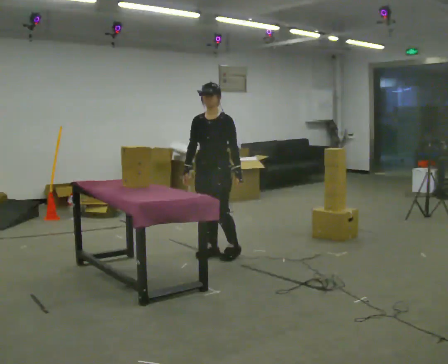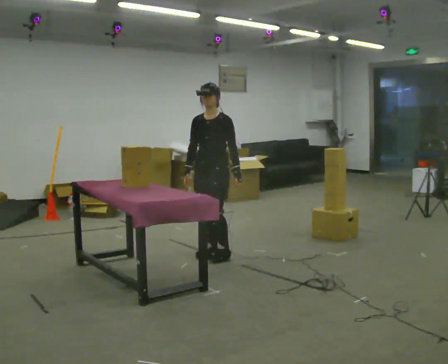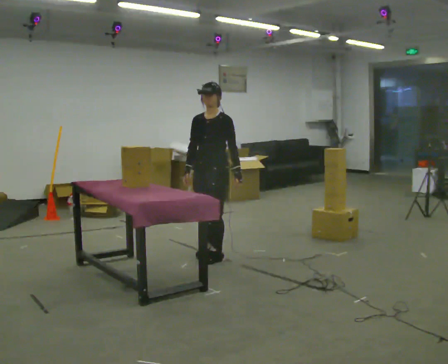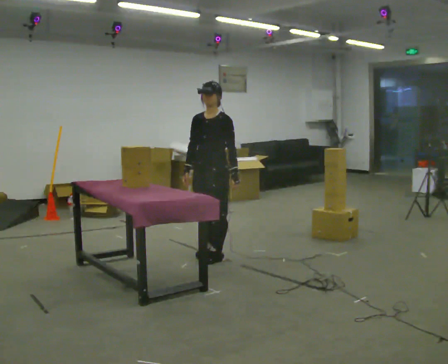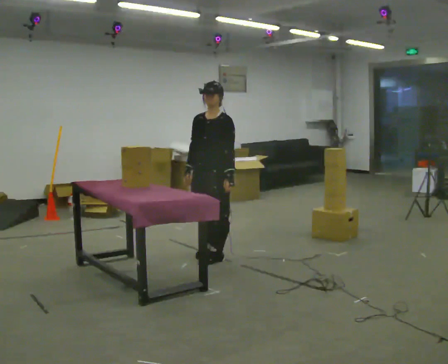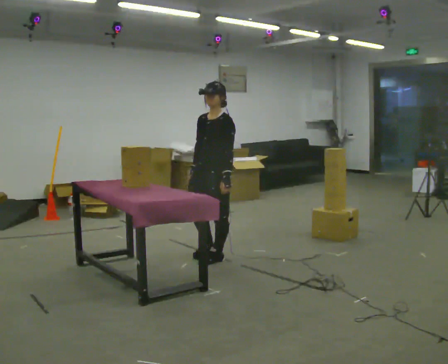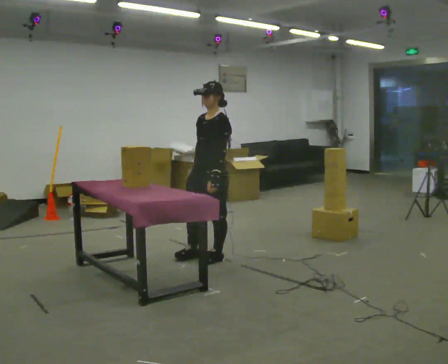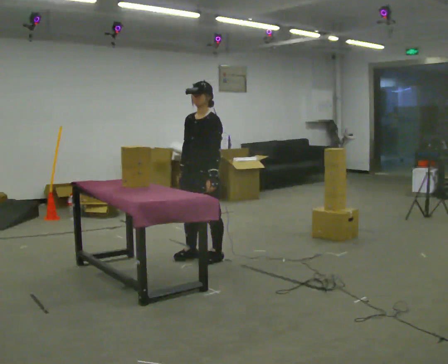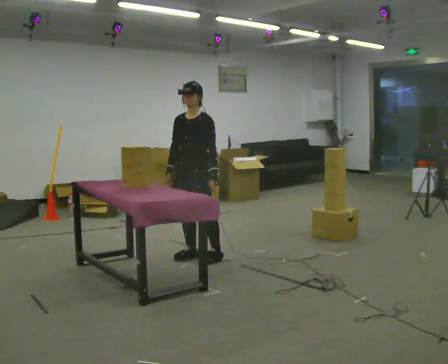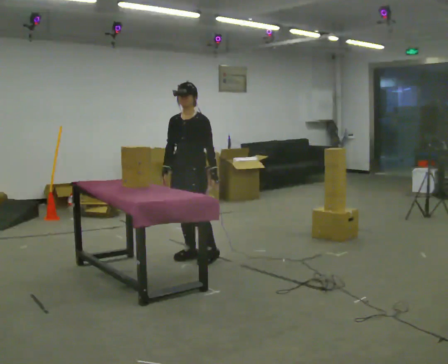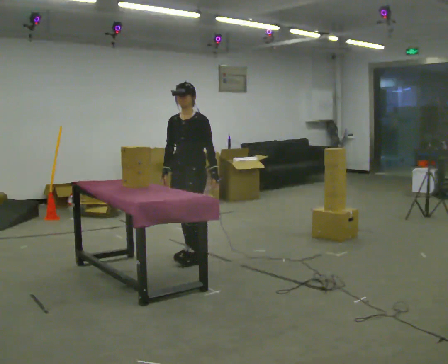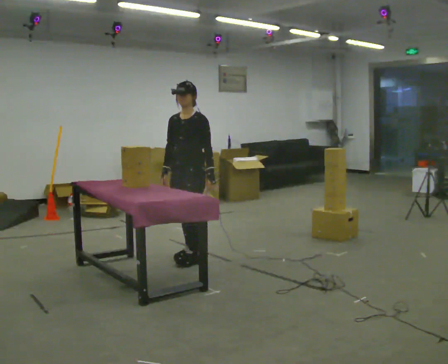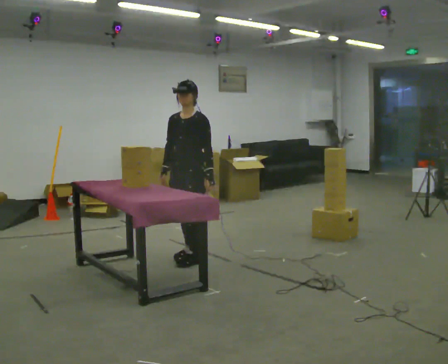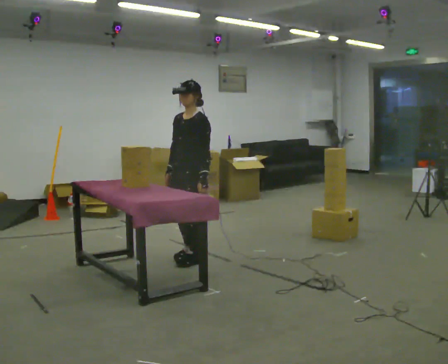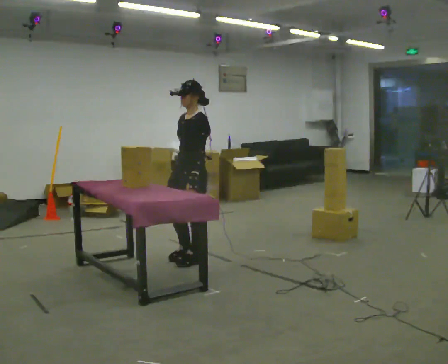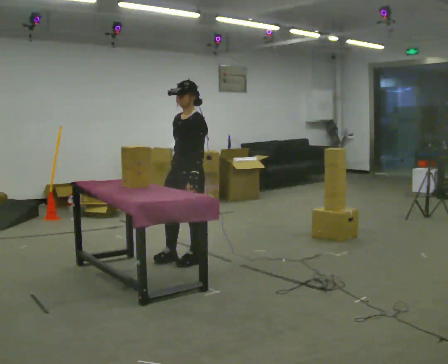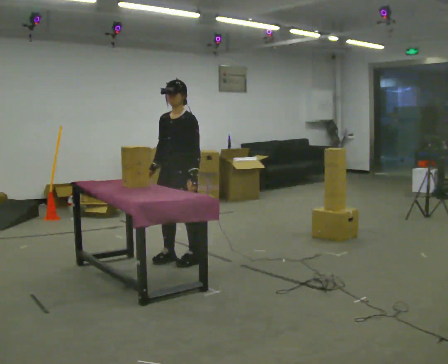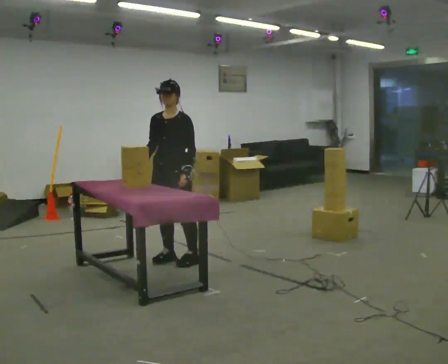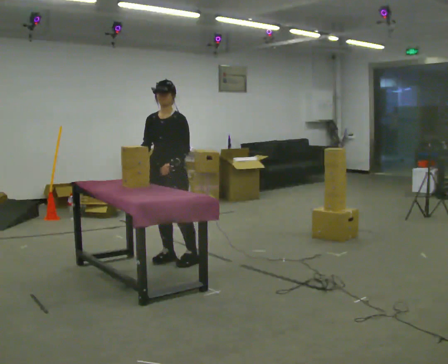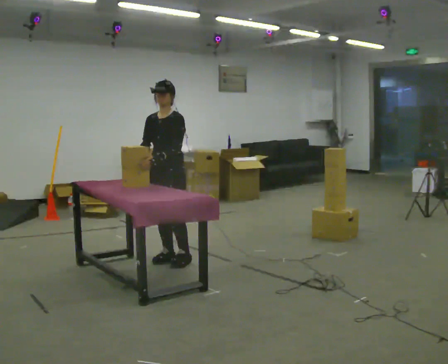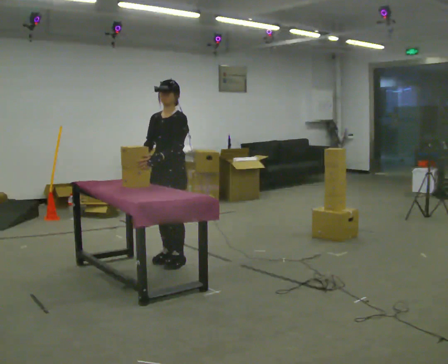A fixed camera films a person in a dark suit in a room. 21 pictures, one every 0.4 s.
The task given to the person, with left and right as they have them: Take an object out of the bin at knee height, carry it across the room, and place it on the chest-height shelf. Keep going until the operator says stop; one object at a time, and do not rush between trips.
0.0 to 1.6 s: The person moves a little, or ends about where they began.
1.6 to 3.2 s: In the picture they go to the left, about 0.25 m in 1 step, which for them is to their right.
3.2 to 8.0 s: In the picture they go to the left, about 0.25 m in 2 steps, which for them is forward. In the picture their left hand goes to the left.
The film runs forward here.
